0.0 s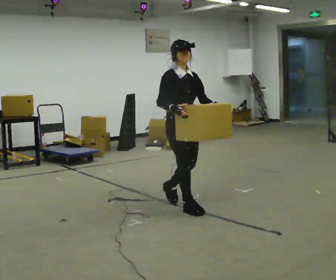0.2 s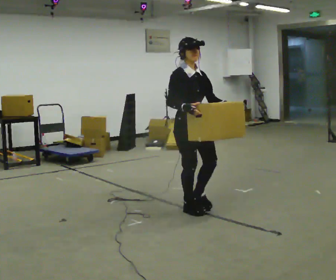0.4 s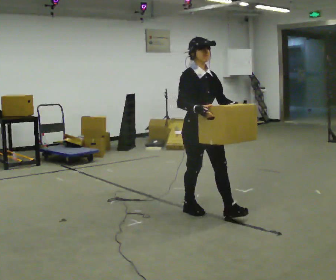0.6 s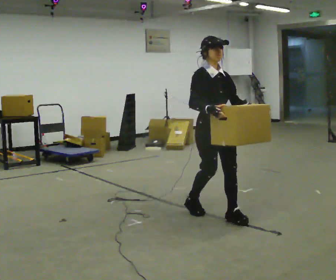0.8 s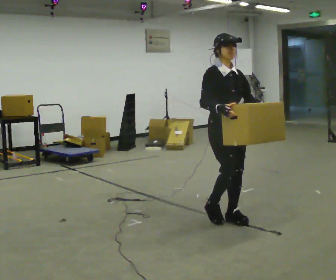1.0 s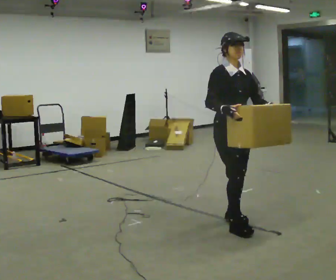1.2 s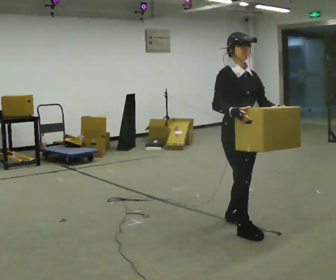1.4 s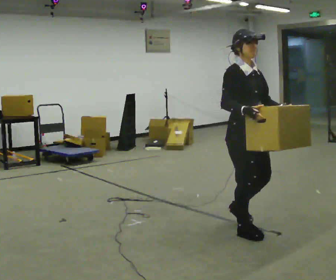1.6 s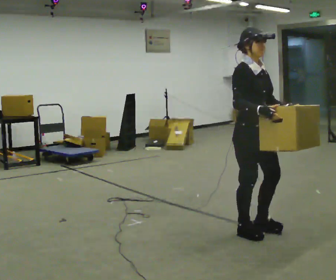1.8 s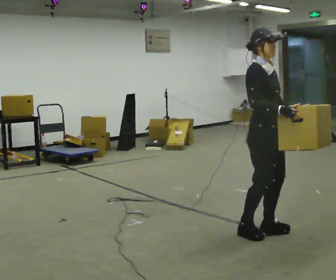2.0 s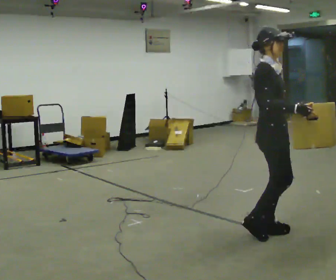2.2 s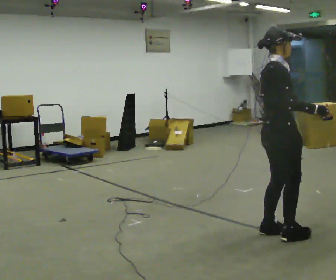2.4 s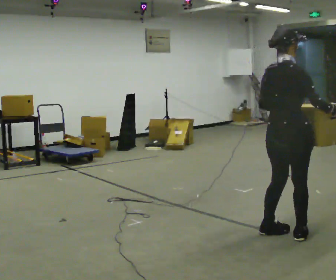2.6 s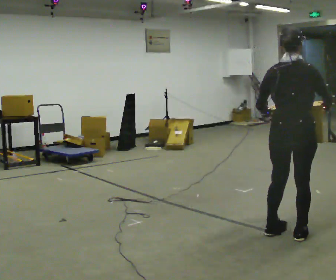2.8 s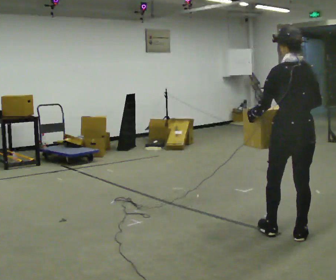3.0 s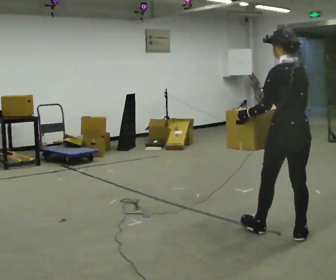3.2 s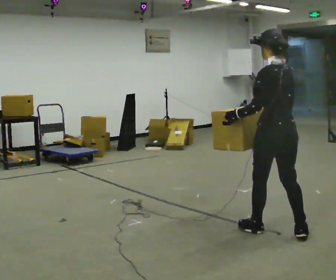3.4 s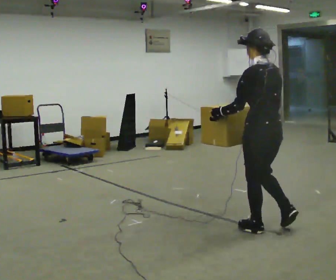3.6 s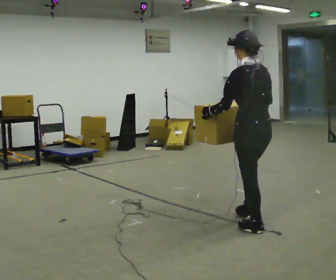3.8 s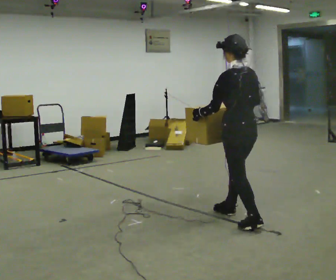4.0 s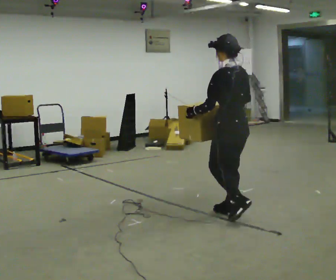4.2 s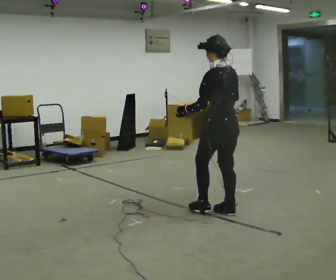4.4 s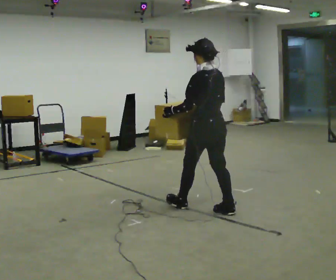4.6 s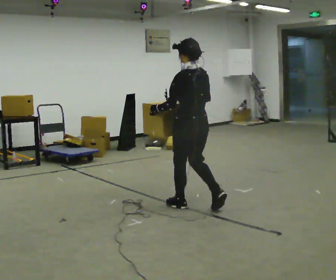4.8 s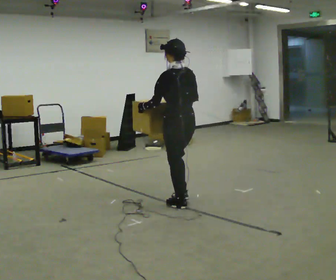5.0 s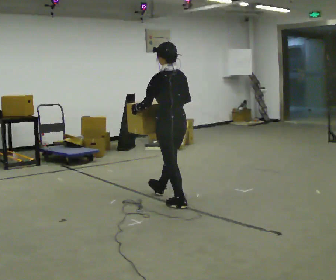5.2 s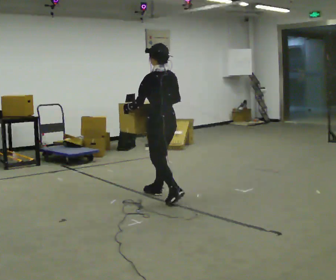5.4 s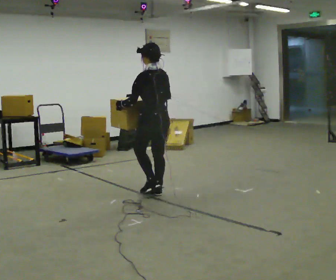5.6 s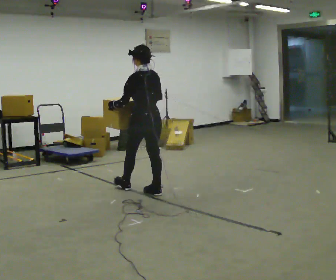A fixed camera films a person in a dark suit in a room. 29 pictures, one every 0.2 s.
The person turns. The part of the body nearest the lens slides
to the right.
The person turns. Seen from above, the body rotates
counterclockwise.
0.0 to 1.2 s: In the picture they go to the right and toward the camera, about 1 m in 2 steps, which for them is forward.
1.2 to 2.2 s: Seen from above the body turns counterclockwise, about 60 degrees: to their left, with its near side sliding to the right. In the picture they go to the right and toward the camera, about 0.25 m in 1 step.
2.2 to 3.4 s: The person turns about 120 degrees to their left, counterclockwise seen from above, so the part of the body nearest the lens slides to the right. In the picture their right hand goes to the left.
3.4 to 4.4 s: In the picture they go to the left and away from the camera, about 0.5 m in 1 step, which for them is forward.
4.4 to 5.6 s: In the picture they go to the left and away from the camera, about 1 m in 2 steps, which for them is forward.
The film runs forward here.
